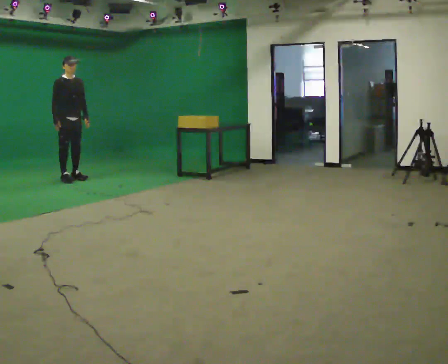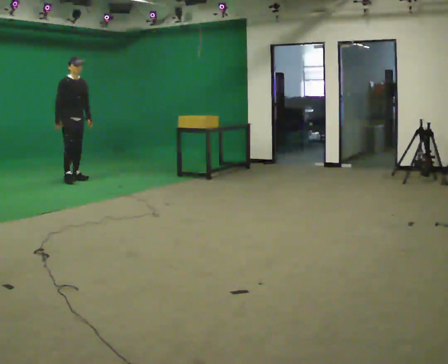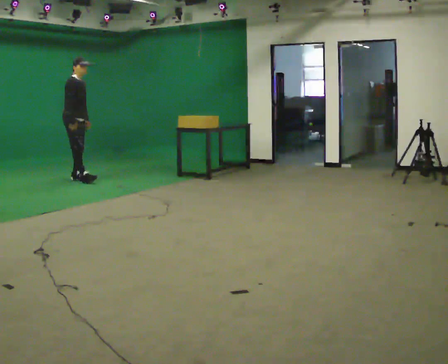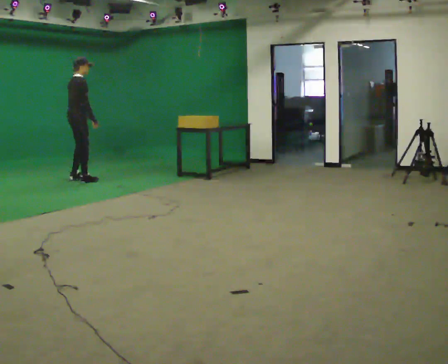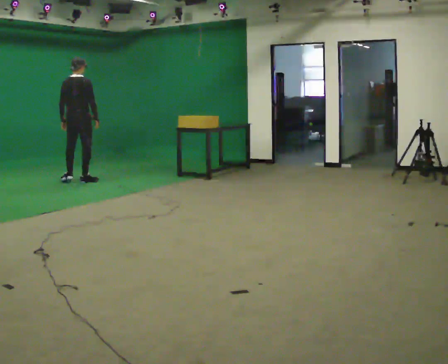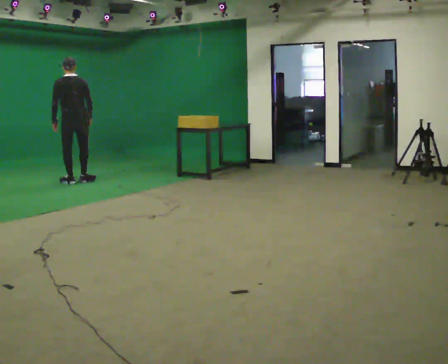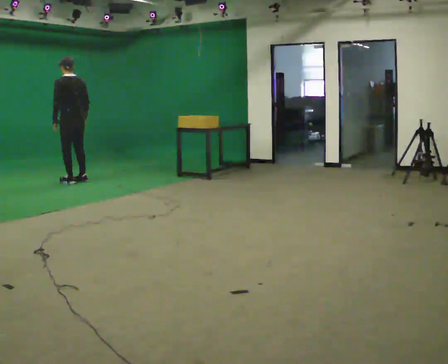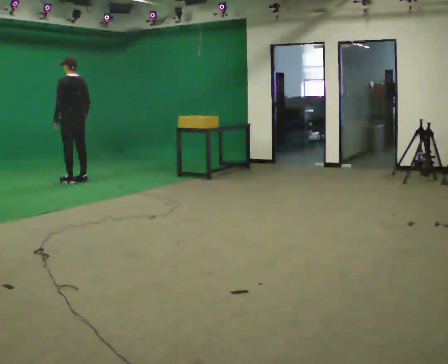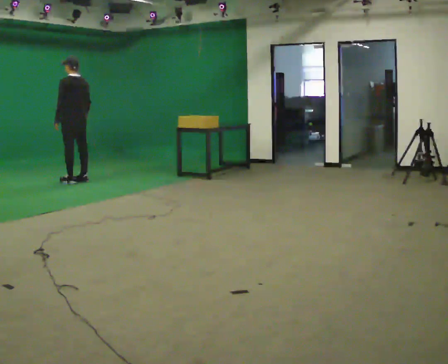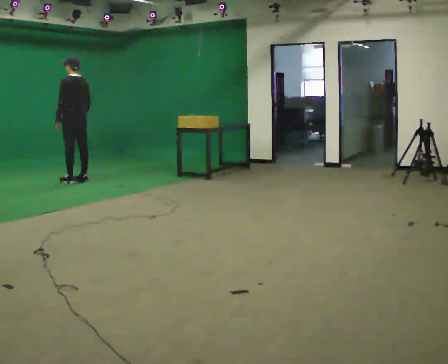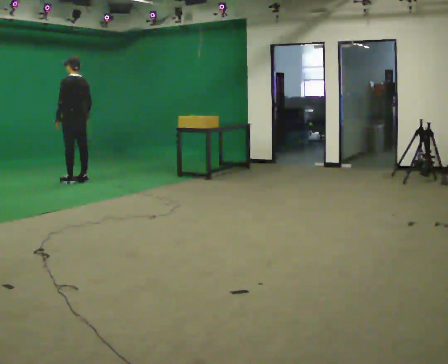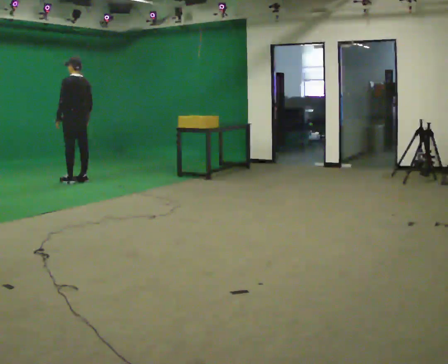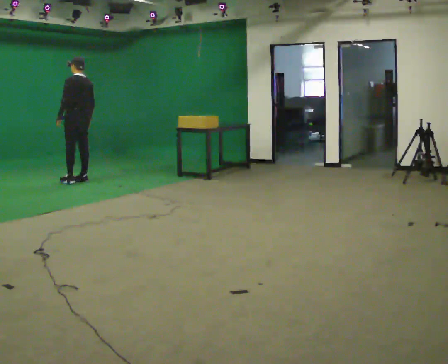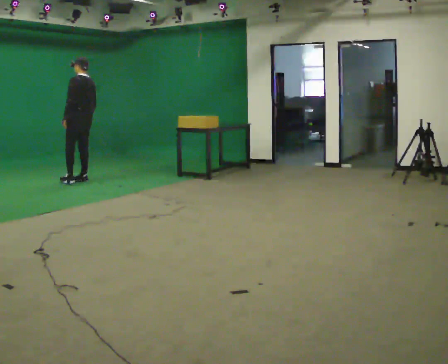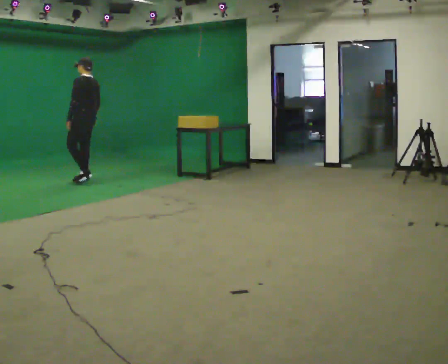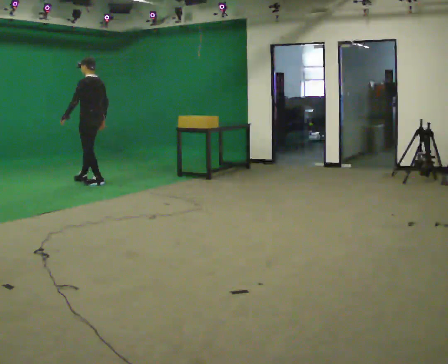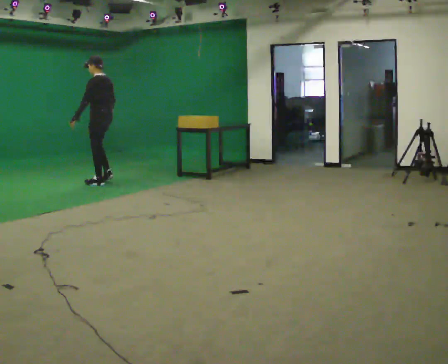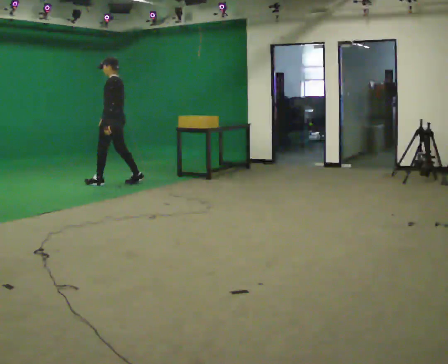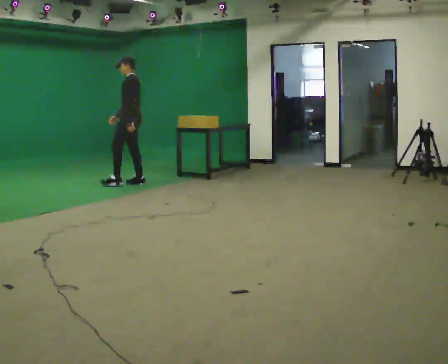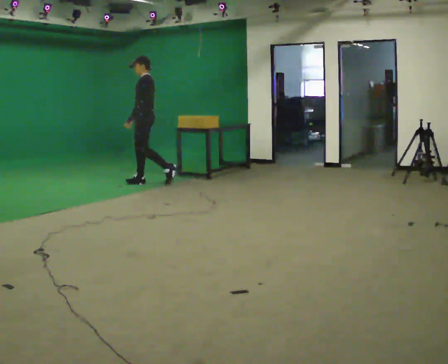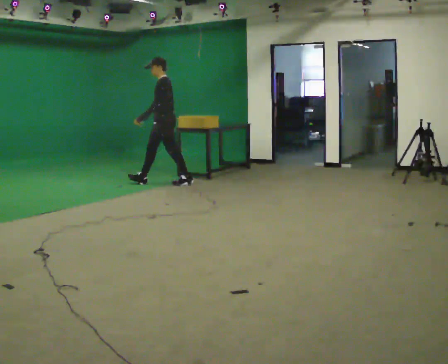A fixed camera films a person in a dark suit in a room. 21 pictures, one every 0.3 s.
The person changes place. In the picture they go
to the right.
The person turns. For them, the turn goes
to their left.
0.0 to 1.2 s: Seen from above the body turns counterclockwise, about 120 degrees: to their left, with its near side sliding to the right. In the picture they go to the right, about 0.25 m in 2 steps. In the picture their left hand goes to the left, the arm swinging clockwise.
1.2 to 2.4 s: The part of the body nearest the lens slides to the right as the person turns to their left by about 75 degrees.
2.4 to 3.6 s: The person moves a little, or ends about where they began.
3.6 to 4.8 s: In the picture they go to the right and toward the camera, about 0.5 m in 2 steps, which for them is backward.
4.8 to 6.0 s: Seen from above the body turns counterclockwise, about 30 degrees: to their left, with its near side sliding to the right. In the picture they go to the right, about 1 m in 2 steps, which for them is backward.
The film runs backward here.
